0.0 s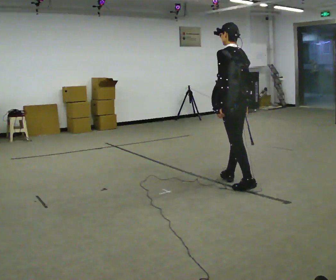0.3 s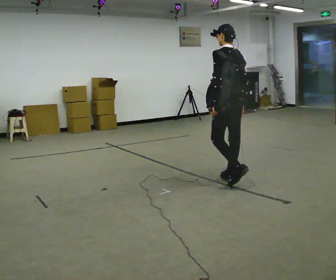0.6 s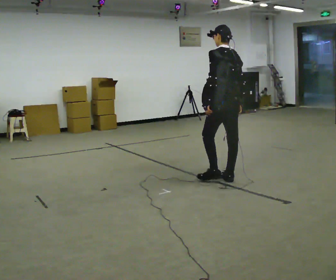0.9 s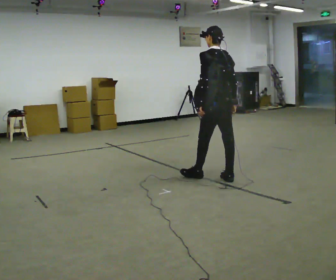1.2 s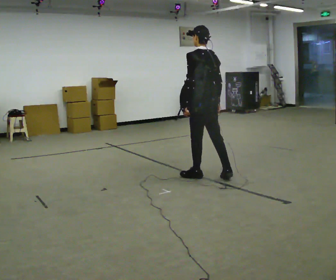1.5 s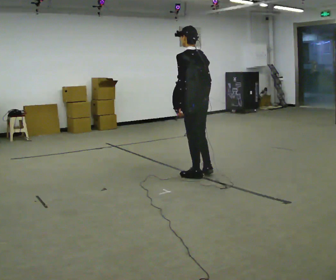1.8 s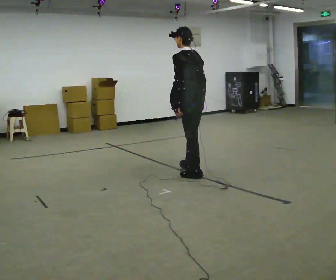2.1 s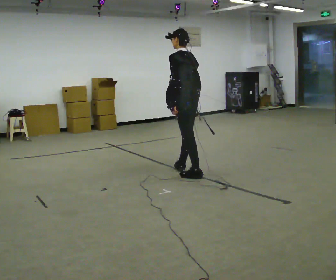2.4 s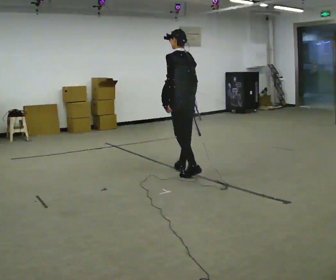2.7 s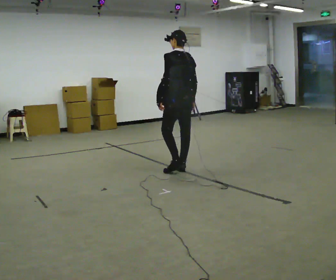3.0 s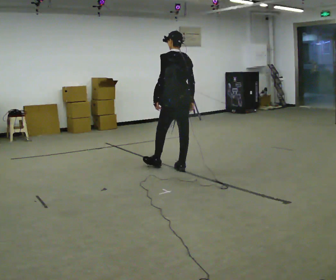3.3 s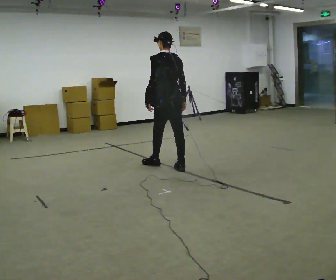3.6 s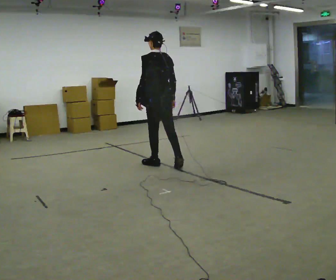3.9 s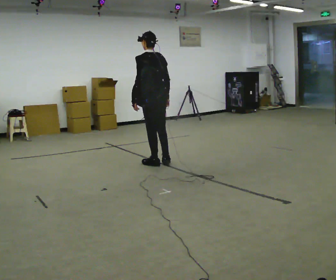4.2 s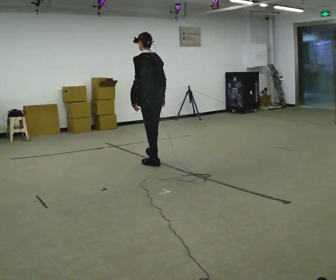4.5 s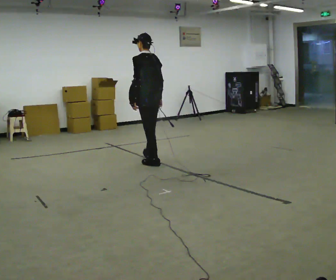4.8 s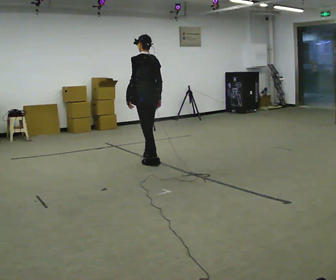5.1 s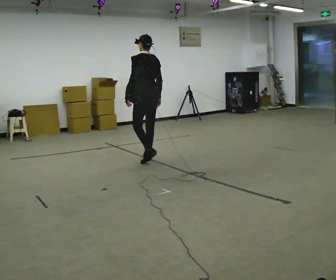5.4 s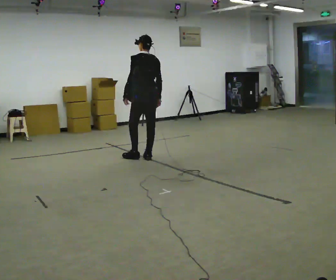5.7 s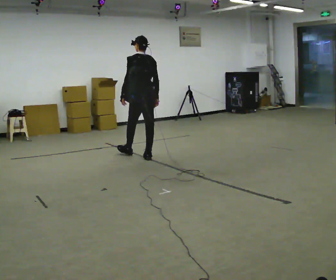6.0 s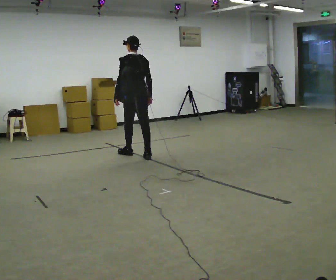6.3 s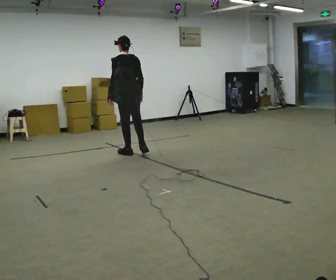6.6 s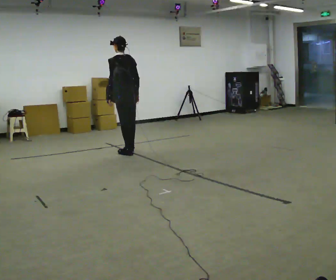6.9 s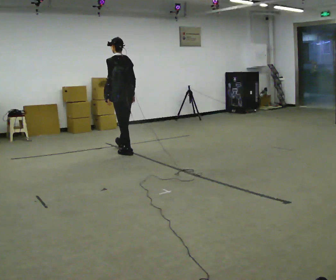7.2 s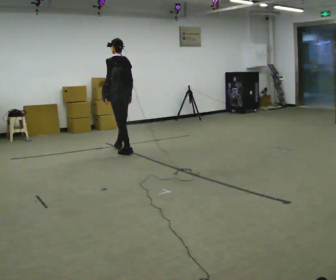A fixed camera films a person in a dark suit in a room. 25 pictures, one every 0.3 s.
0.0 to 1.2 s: In the picture they go to the left and away from the camera, about 0.5 m in 1 step, which for them is forward.
1.2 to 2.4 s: In the picture they go away from the camera and to the left, about 0.5 m in 1 step, which for them is forward.
2.4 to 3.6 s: In the picture they go to the left and away from the camera, about 0.5 m in 1 step, which for them is forward.
3.6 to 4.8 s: In the picture they go away from the camera and to the left, about 0.25 m in 1 step, which for them is forward.
4.8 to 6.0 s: In the picture they go away from the camera and to the left, about 0.25 m in 1 step, which for them is forward.
6.0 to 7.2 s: In the picture they go away from the camera and to the left, about 0.5 m in 1 step, which for them is forward.
The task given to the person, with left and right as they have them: Put the soft bag up onto your shoulder and carry it across the room, back and forth.
The film runs forward here.
